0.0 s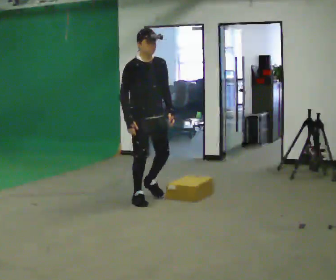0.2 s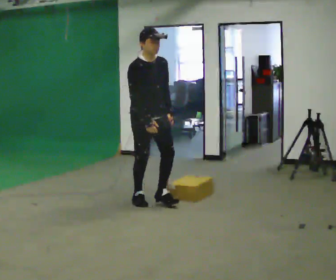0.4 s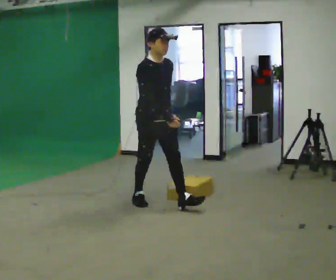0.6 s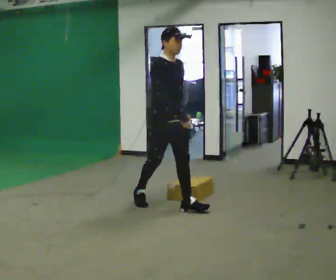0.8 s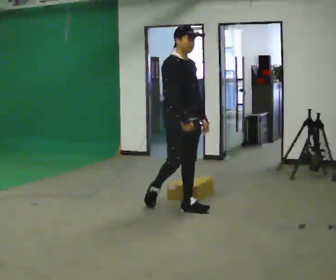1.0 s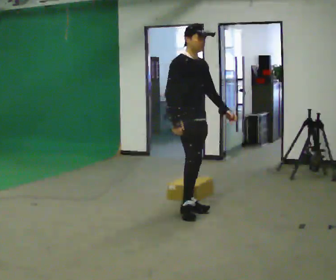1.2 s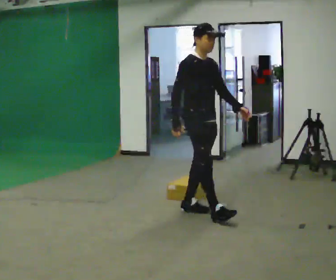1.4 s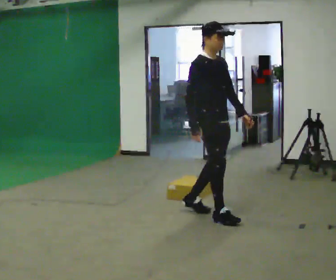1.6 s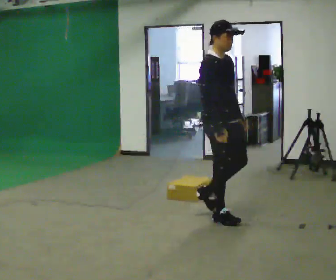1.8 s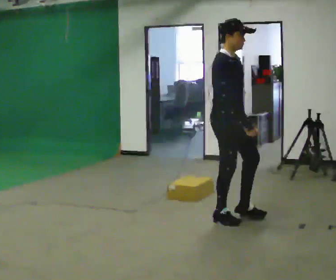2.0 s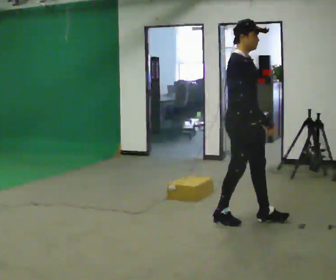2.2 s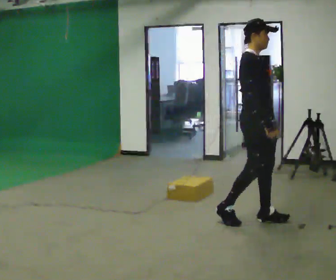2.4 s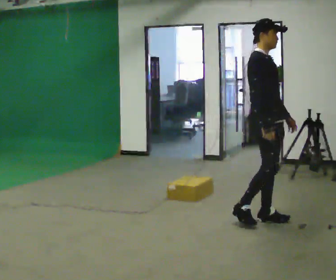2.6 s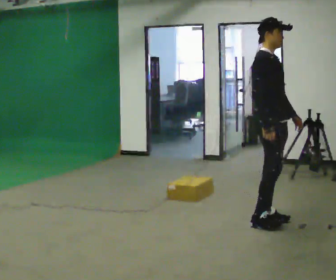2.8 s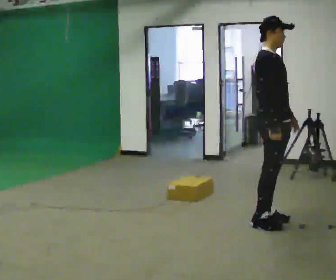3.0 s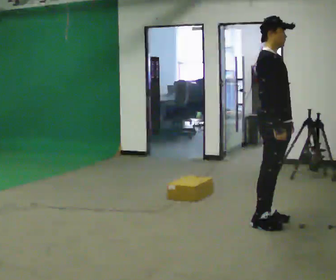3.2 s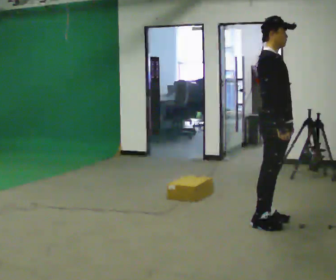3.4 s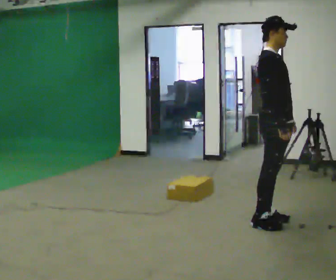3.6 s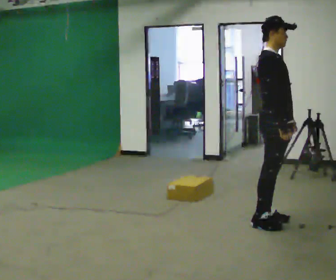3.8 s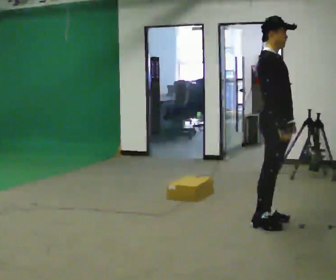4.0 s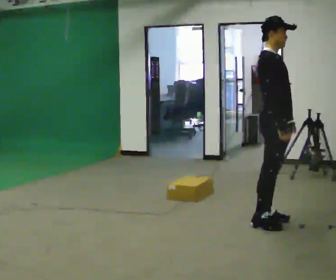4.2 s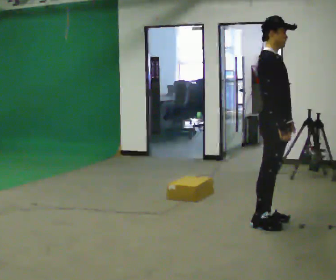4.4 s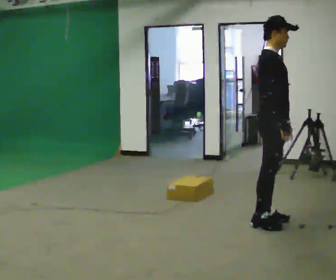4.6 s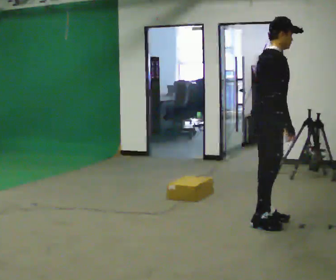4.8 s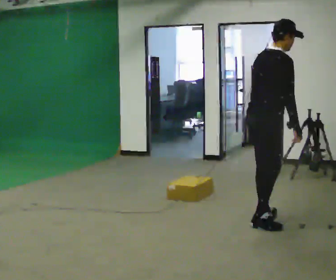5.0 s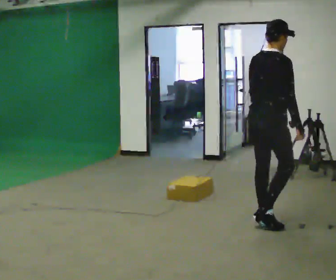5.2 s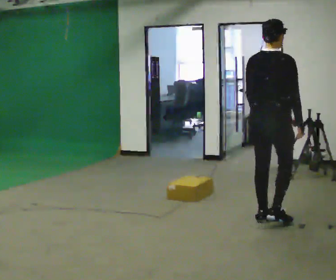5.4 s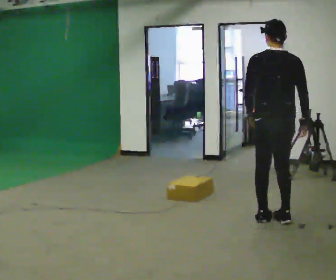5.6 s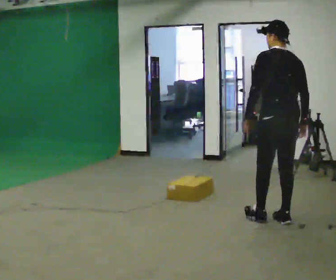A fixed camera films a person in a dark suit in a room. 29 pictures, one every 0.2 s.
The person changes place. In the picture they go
to the right.
The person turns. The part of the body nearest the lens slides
to the right.
0.0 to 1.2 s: In the picture they go to the right and toward the camera, about 0.5 m in 2 steps, which for them is forward.
1.2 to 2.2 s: In the picture they go to the right, about 0.5 m in 1 step, which for them is forward.
2.2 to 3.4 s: In the picture they go to the right, about 0.25 m in 1 step, which for them is forward.
3.4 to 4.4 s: The person moves a little, or ends about where they began.
4.4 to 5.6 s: Seen from above the body turns counterclockwise, about 120 degrees: to their left, with its near side sliding to the right.
The film runs forward here.
